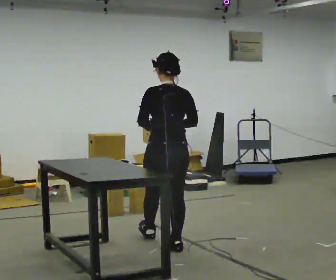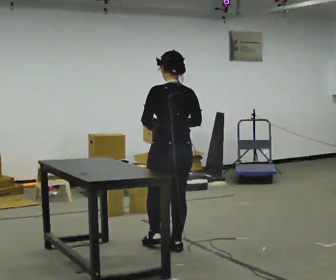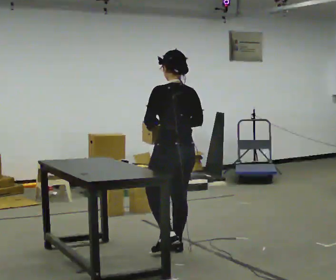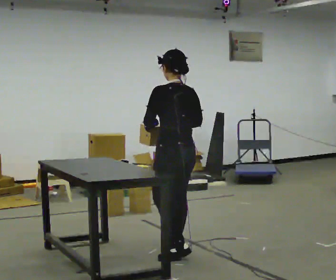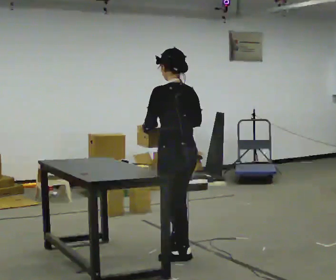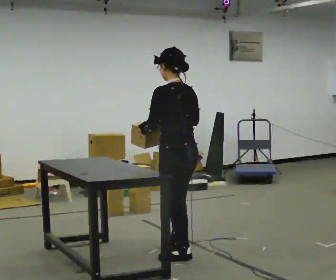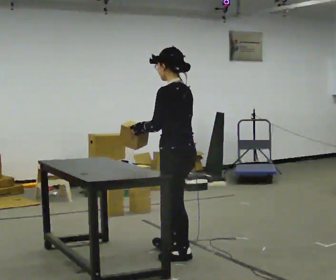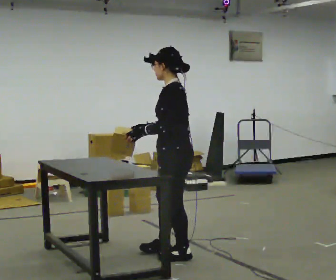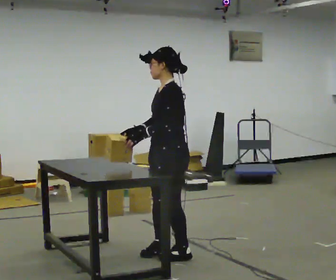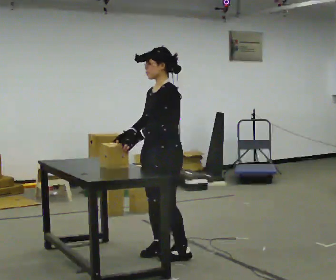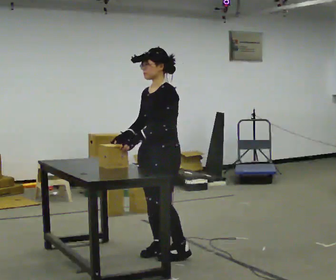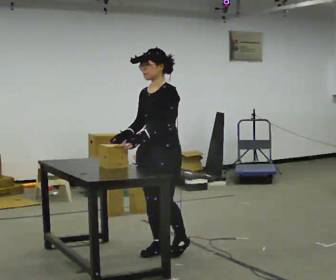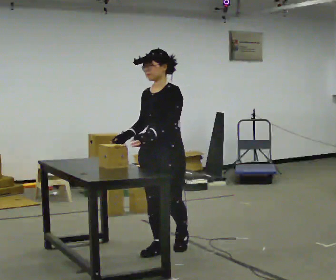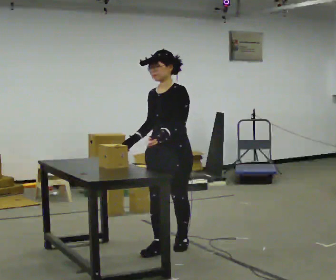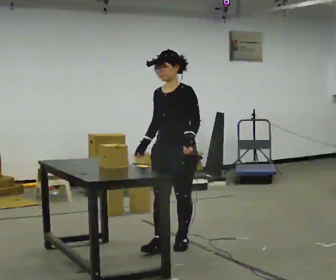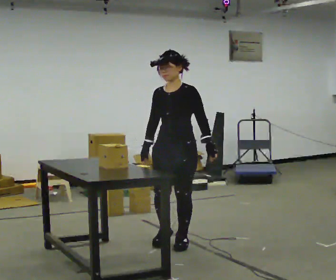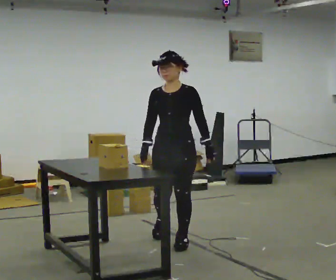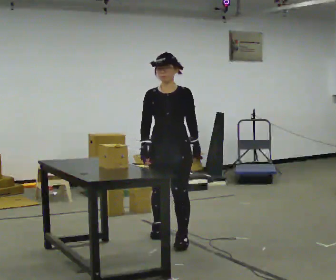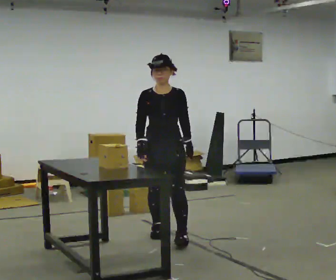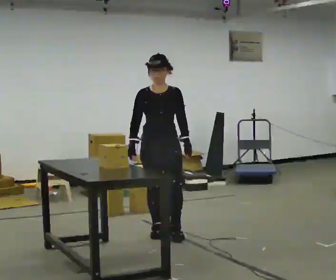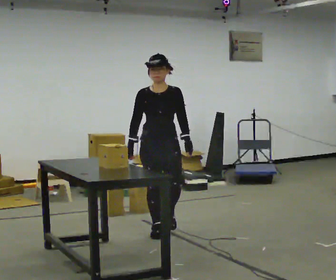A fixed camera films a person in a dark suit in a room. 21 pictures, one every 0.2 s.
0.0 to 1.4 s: Seen from above the body turns counterclockwise, about 75 degrees: to their left, with its near side sliding to the right. In the picture they go toward the camera, about 0.25 m.
1.4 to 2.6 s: The part of the body nearest the lens slides to the right as the person turns to their left by about 60 degrees. In the picture they go away from the camera, about 0.25 m in 1 step.
2.6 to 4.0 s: The person turns about 30 degrees to their left, counterclockwise seen from above, so the part of the body nearest the lens slides to the right. In the picture they go away from the camera, about 0.5 m in 2 steps, which for them is backward.
The film runs backward here.
